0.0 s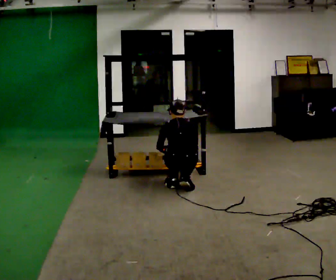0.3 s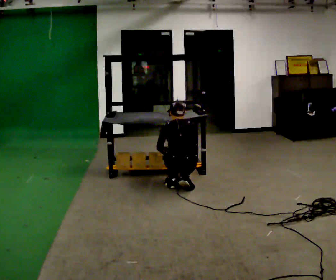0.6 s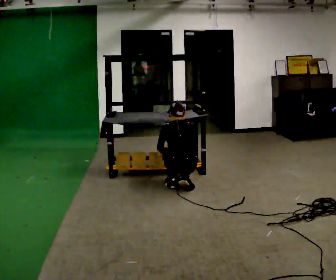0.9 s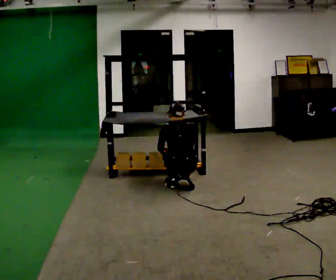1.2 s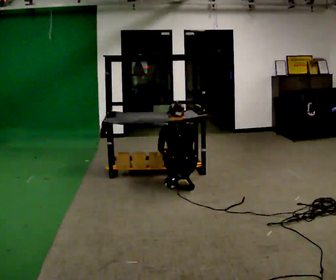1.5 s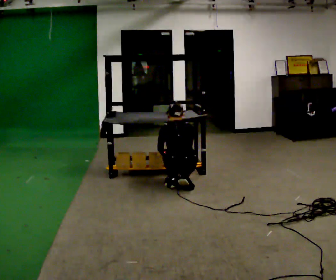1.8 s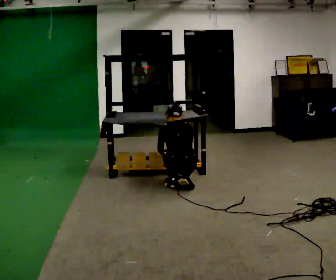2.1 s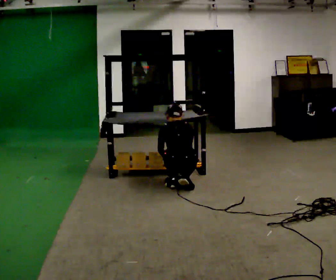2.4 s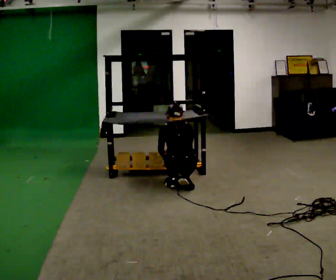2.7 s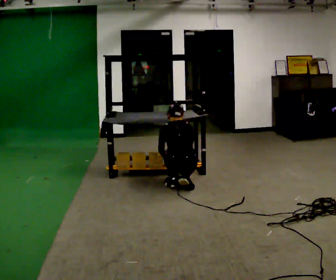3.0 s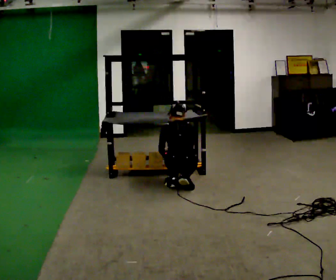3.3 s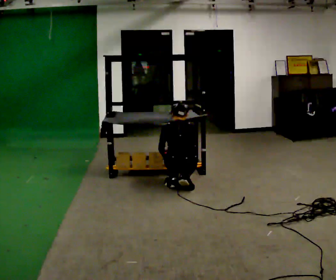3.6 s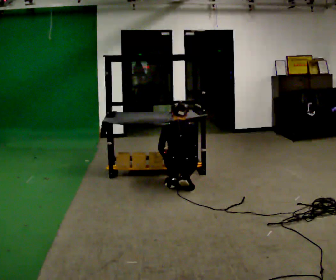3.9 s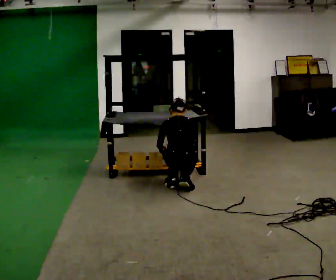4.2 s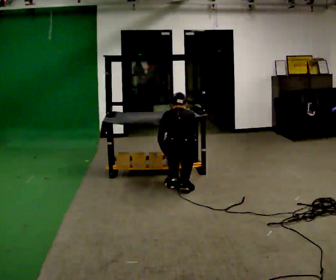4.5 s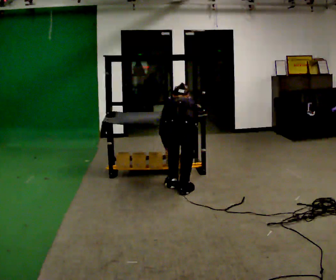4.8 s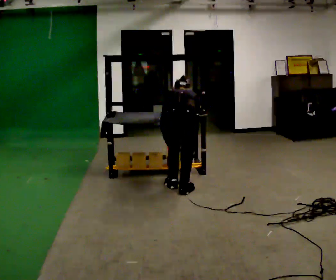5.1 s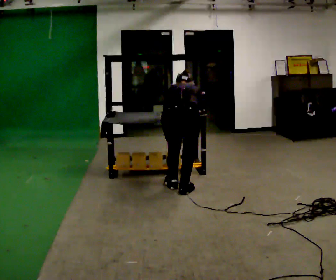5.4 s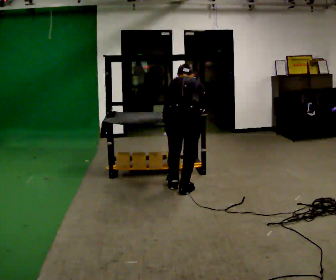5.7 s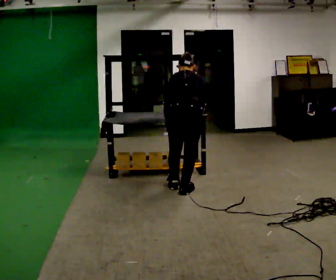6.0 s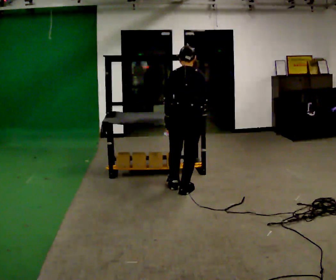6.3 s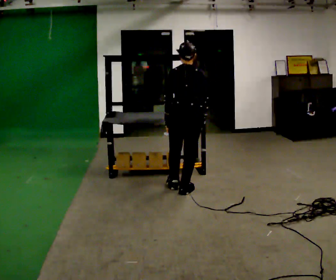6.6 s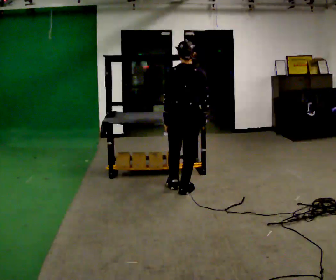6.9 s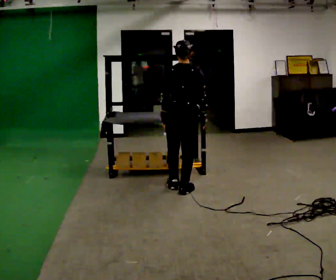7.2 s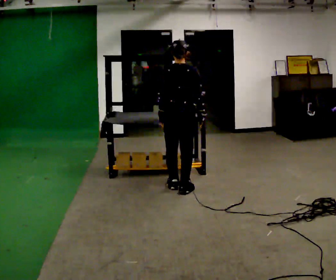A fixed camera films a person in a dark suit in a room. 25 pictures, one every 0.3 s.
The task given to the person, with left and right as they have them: Crouch down and place the object on the lowest shelf, then stand back up. Do not step. Repeat at your own pace until the operator says stop.
0.0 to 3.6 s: The person moves a little, or ends about where they began.
3.6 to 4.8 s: In the picture they go toward the camera, about 0.25 m, which for them is backward. The upper body goes upward. The upper body tips away from the camera, its near side rolling upward, as they bend forward.
4.8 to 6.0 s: The shoulders move upward. The upper body tips toward the camera, its near side rolling downward, as they lean back or straighten.
6.0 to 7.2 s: In the picture they go away from the camera, about 0.25 m, which for them is forward. The upper body tips toward the camera, its near side rolling downward, as they lean back or straighten.
The film runs forward here.
